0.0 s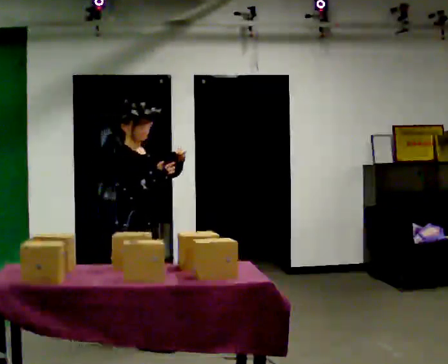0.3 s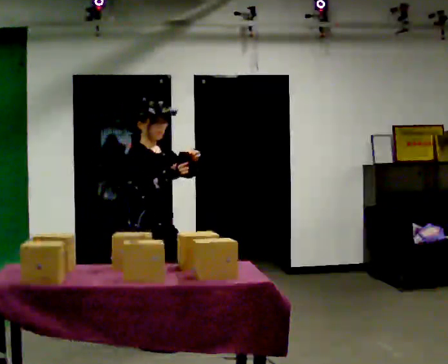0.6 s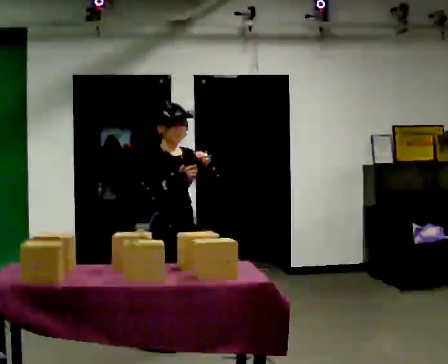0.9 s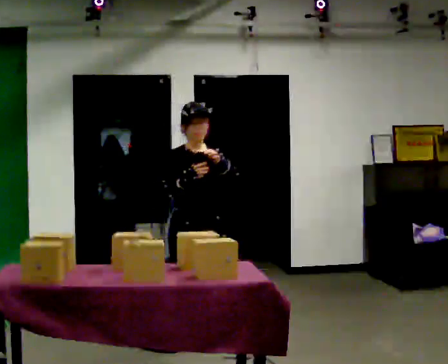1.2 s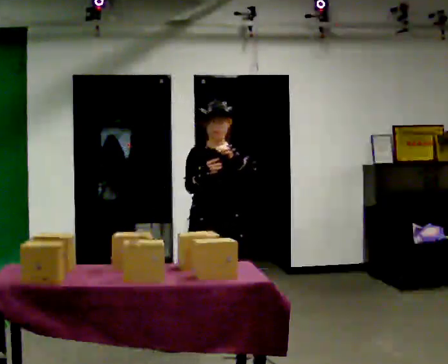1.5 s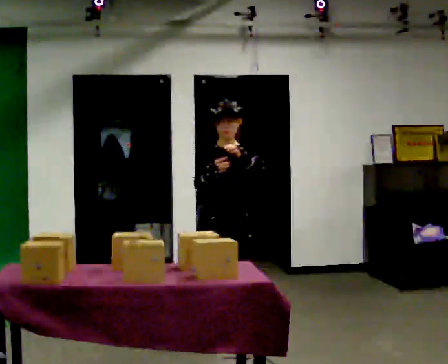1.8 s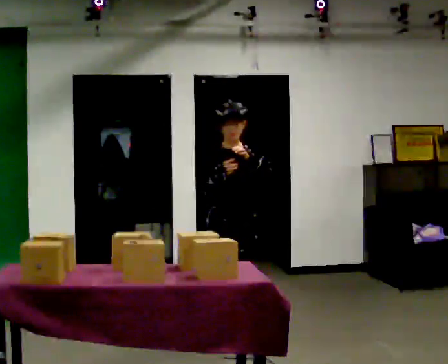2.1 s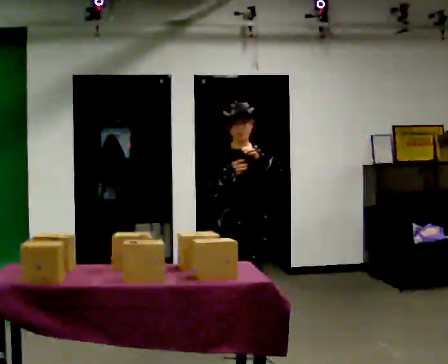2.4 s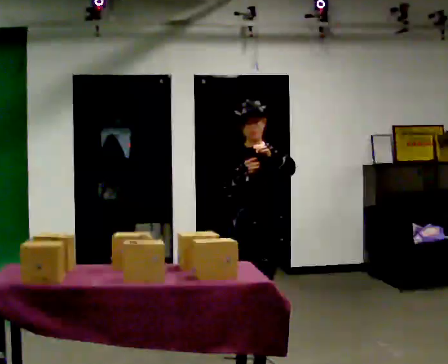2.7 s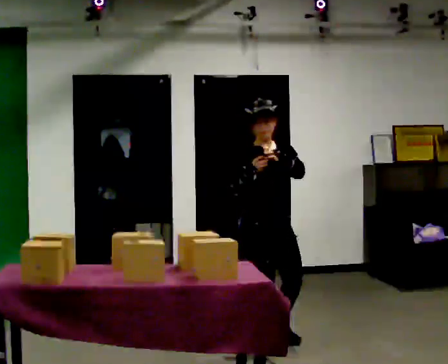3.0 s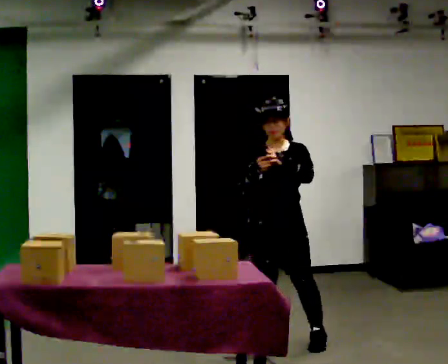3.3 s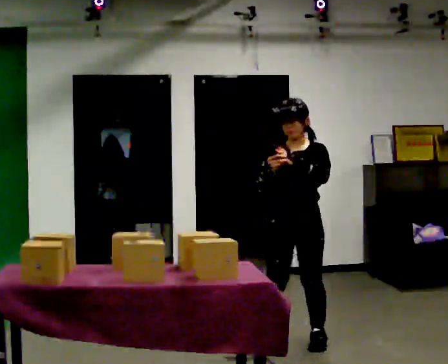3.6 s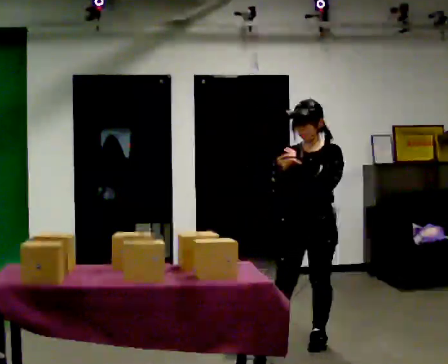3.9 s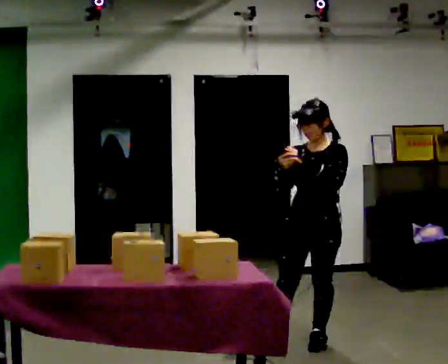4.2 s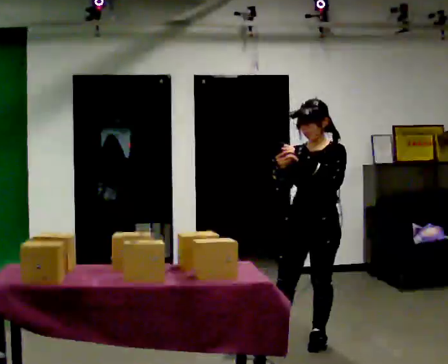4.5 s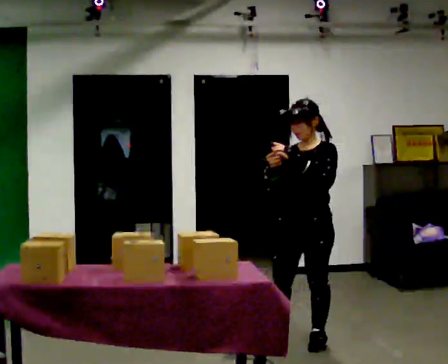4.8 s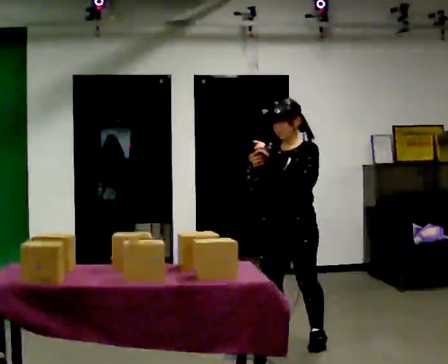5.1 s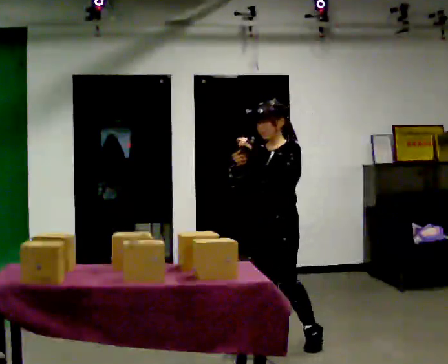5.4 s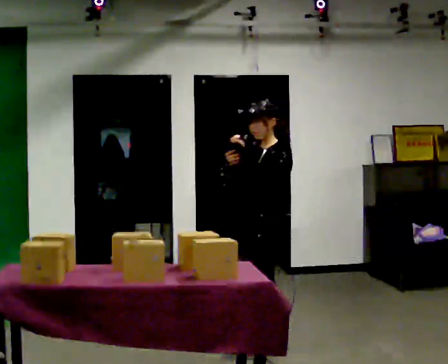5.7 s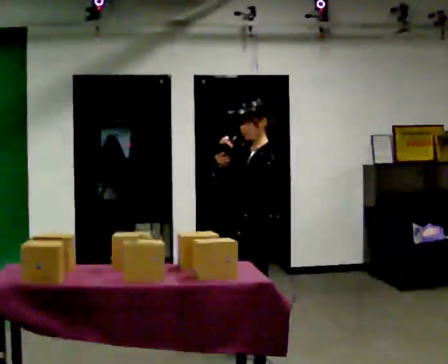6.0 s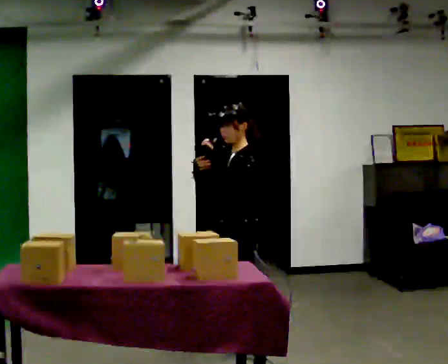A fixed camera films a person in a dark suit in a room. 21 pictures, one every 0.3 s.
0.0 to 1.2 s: The part of the body nearest the lens slides to the left as the person turns to their right by about 60 degrees. In the picture they go to the right and away from the camera, about 0.5 m in 1 step, which for them is to their left and forward.
1.2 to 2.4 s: In the picture they go to the right, about 0.25 m in 1 step, which for them is forward.
2.4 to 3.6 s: Seen from above the body turns clockwise, about 60 degrees: to their right, with its near side sliding to the left. In the picture they go to the right, about 0.25 m in 1 step.
3.6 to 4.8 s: The person moves a little, or ends about where they began.
4.8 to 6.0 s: Seen from above the body turns clockwise, about 45 degrees: to their right, with its near side sliding to the left. In the picture they go to the left, about 0.25 m in 1 step, which for them is forward and to their right.
The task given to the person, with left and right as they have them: Carry the handheld device and, while walking, point it at the labels on the shelves and press the button as if scanning them.
The film runs forward here.
